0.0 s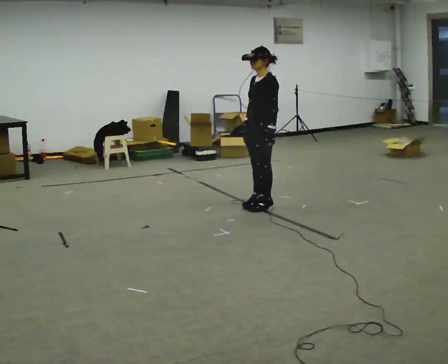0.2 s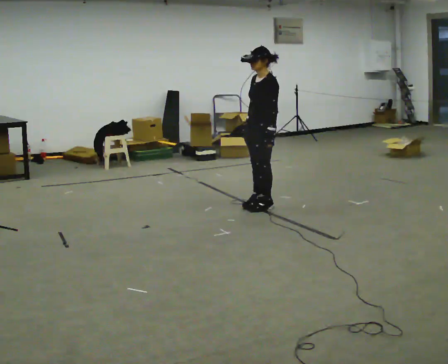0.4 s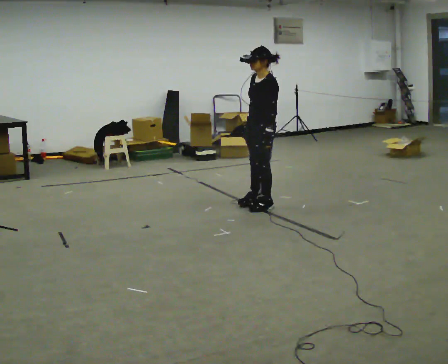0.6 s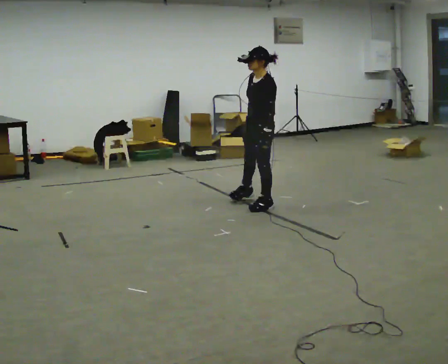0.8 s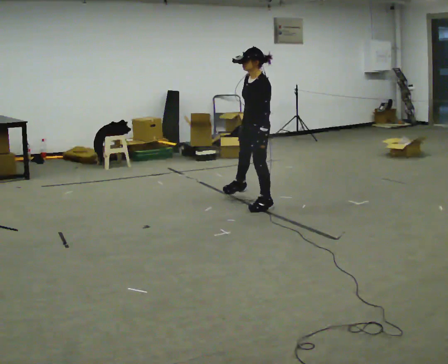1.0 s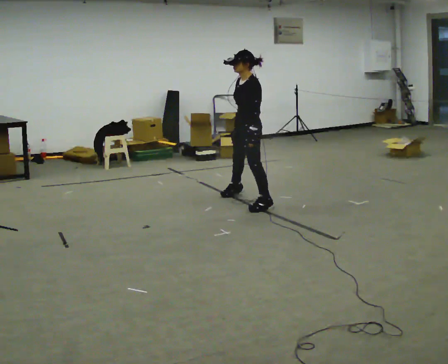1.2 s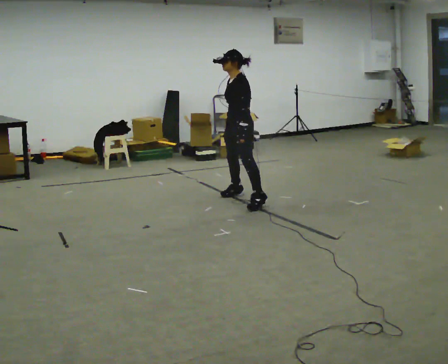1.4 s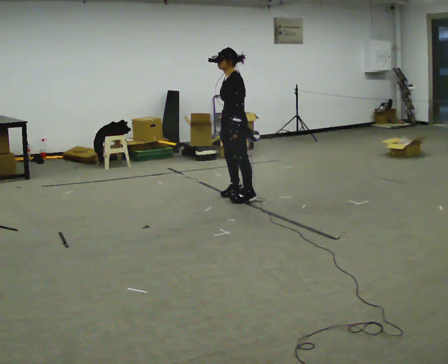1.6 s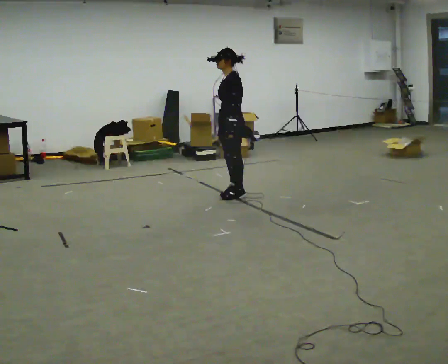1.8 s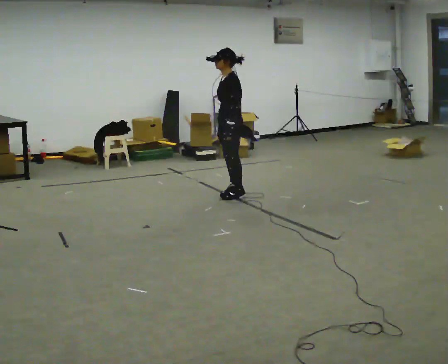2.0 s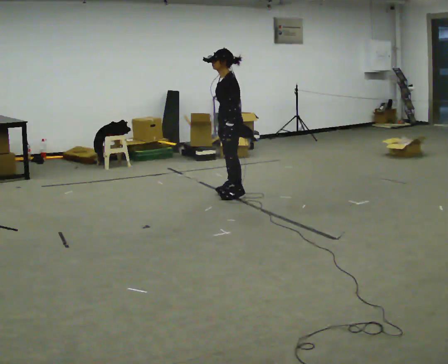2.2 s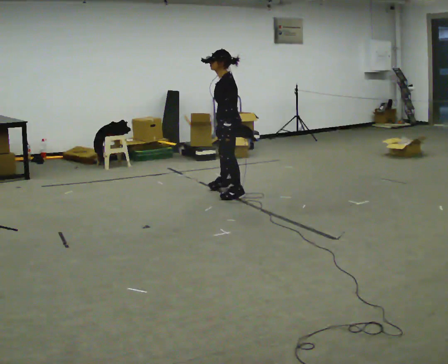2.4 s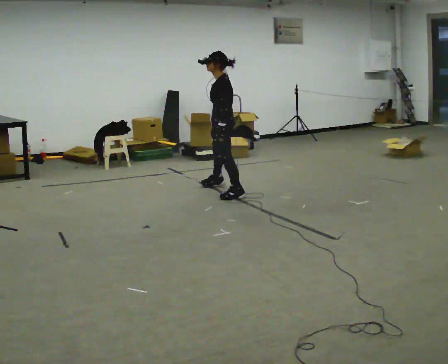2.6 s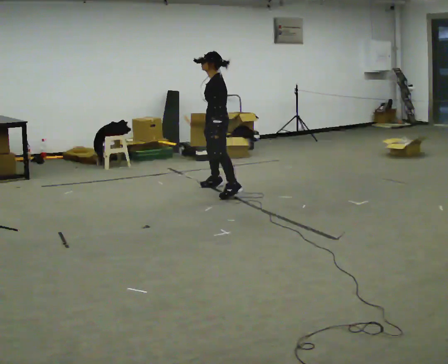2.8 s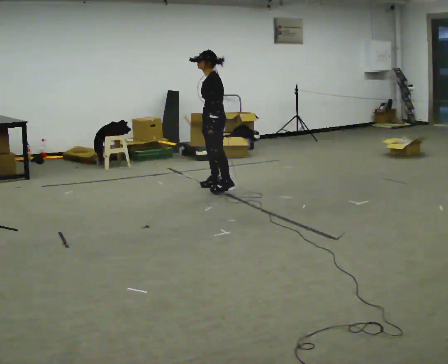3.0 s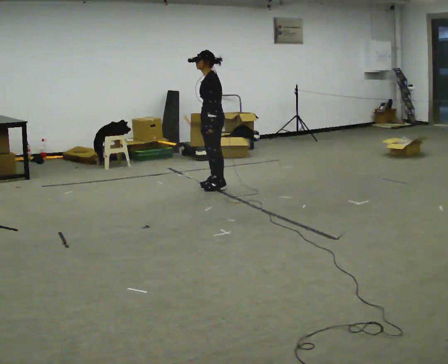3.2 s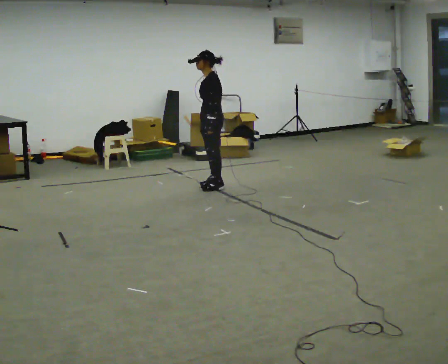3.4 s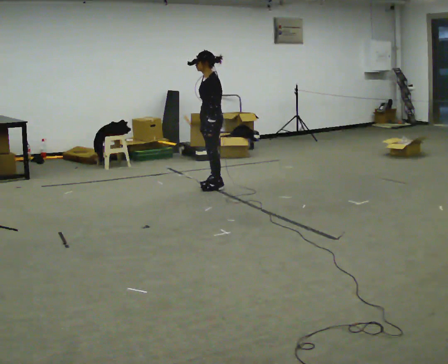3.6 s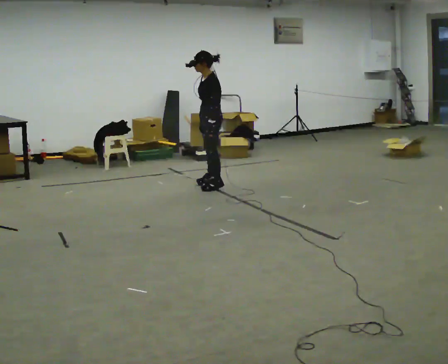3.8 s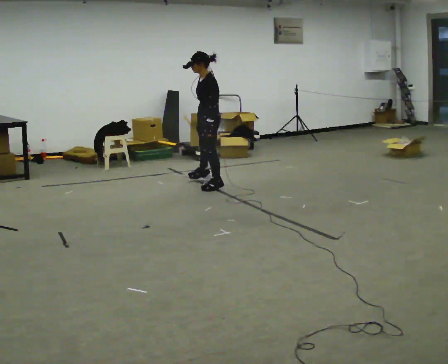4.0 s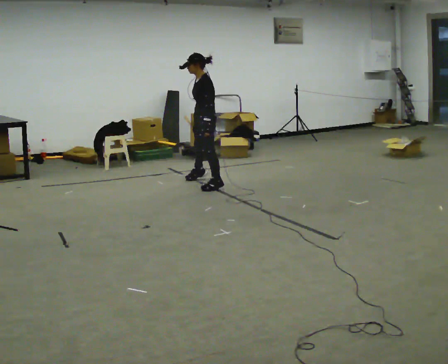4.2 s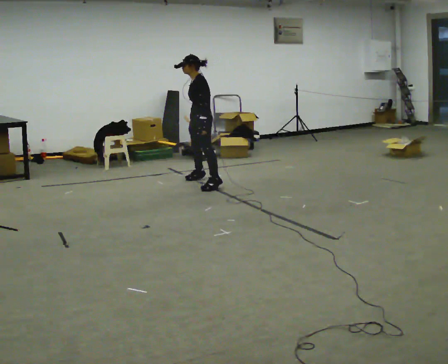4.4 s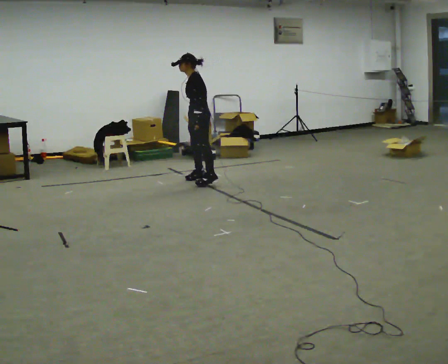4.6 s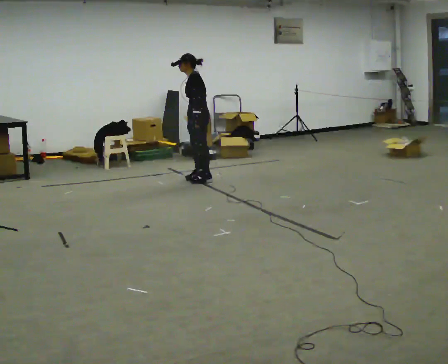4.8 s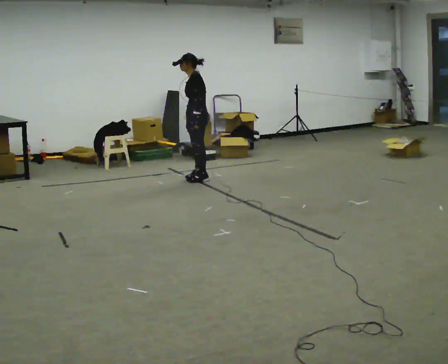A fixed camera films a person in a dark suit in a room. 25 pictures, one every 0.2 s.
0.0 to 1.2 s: In the picture they go away from the camera and to the left, about 0.25 m in 1 step, which for them is to their right.
1.2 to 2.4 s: In the picture they go away from the camera and to the left, about 0.25 m in 2 steps, which for them is to their right and forward.
2.4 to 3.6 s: In the picture they go away from the camera, about 0.25 m in 1 step, which for them is to their right.
3.6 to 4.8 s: In the picture they go away from the camera and to the left, about 0.5 m in 2 steps, which for them is to their right.
The film runs forward here.
